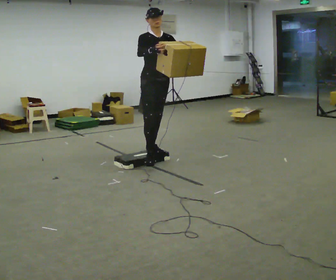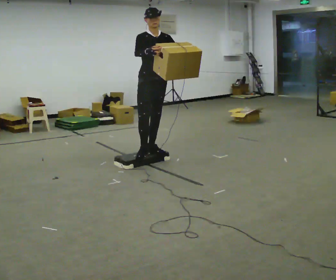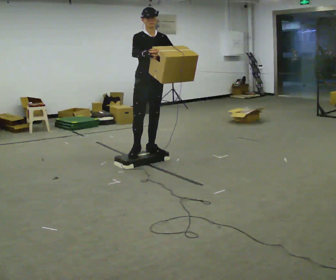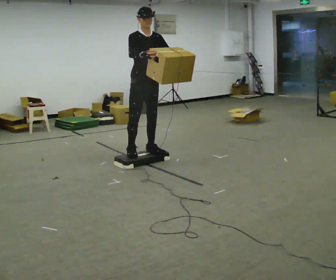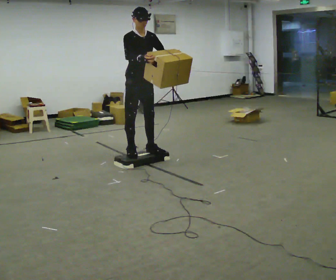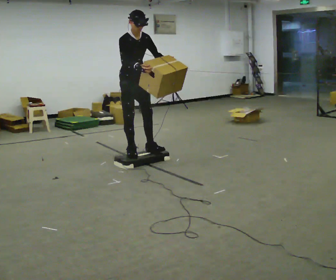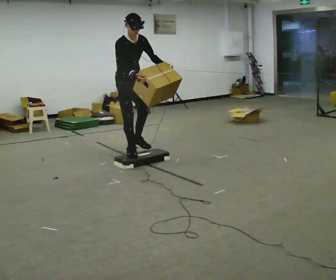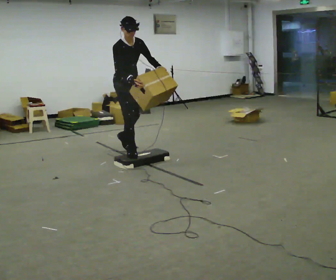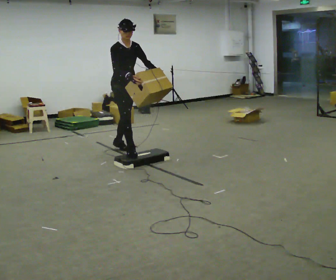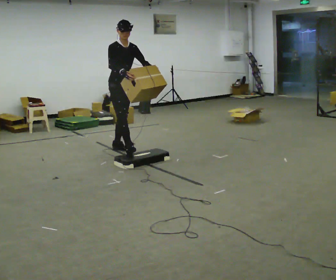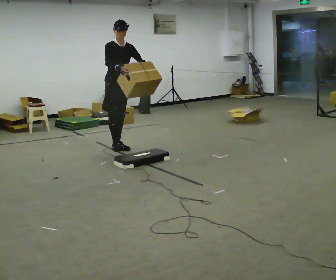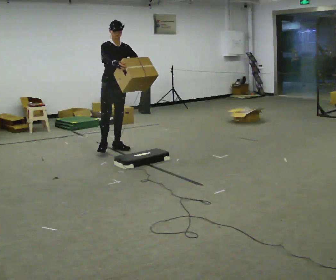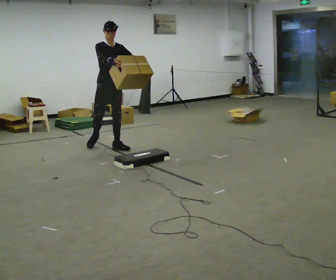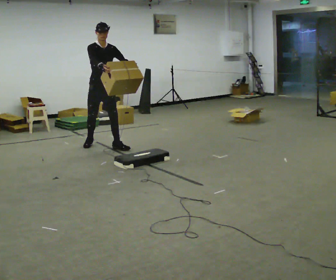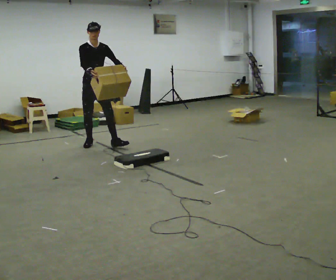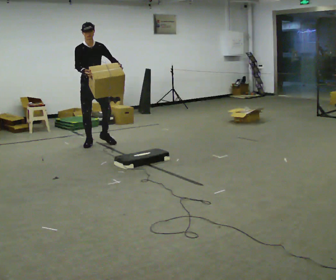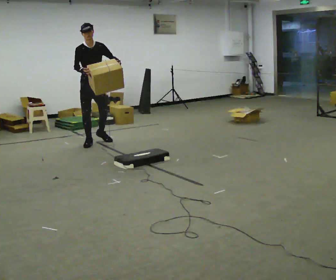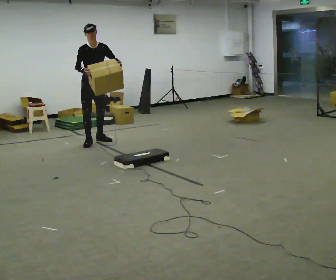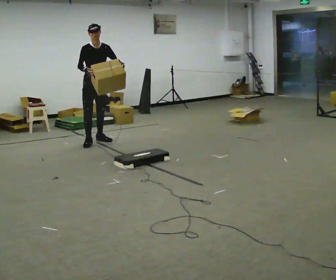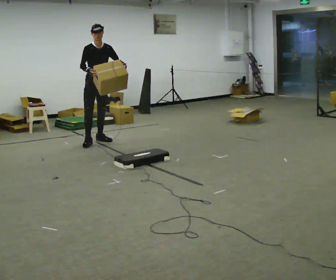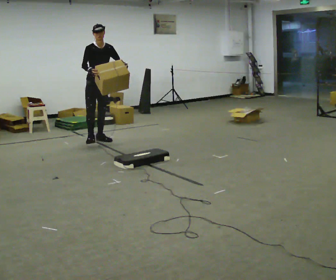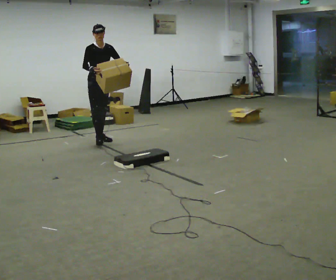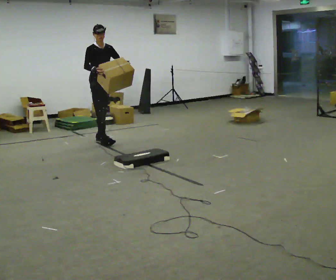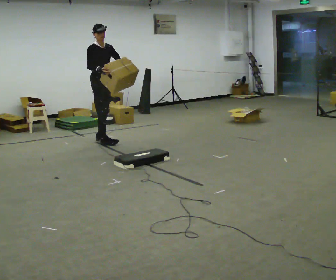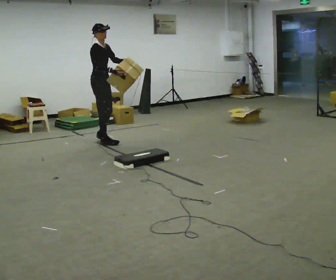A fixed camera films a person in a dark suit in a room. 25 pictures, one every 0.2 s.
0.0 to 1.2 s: In the picture they go to the left and away from the camera, about 0.5 m in 1 step, which for them is backward and to their right. The upper body tips toward the camera, its near side rolling downward, as they bend forward.
1.2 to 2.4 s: In the picture they go away from the camera, about 0.5 m in 1 step, which for them is backward. The upper body tips away from the camera, its near side rolling upward, as they lean back or straighten.
2.4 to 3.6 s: In the picture they go away from the camera and to the left, about 0.5 m in 1 step, which for them is backward.
3.6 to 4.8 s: Seen from above the body turns counterclockwise, about 45 degrees: to their left, with its near side sliding to the right.
The film runs backward here.
